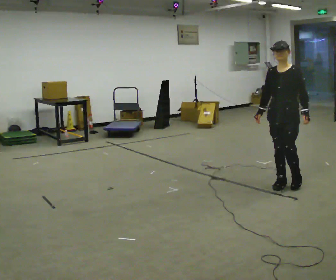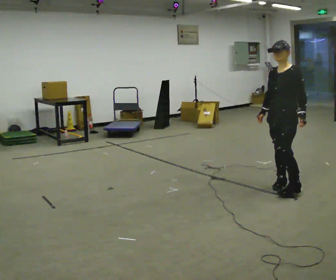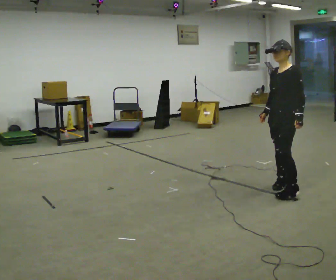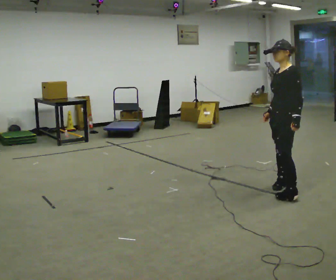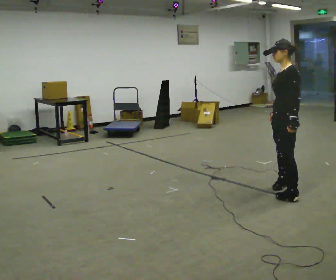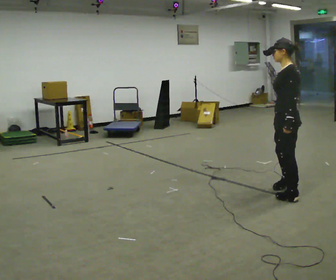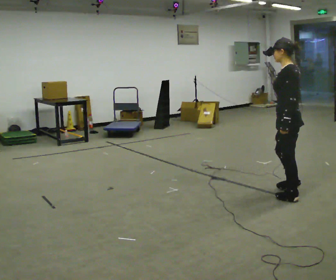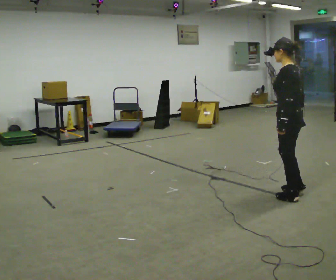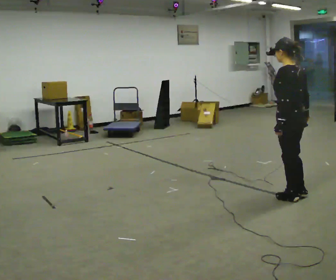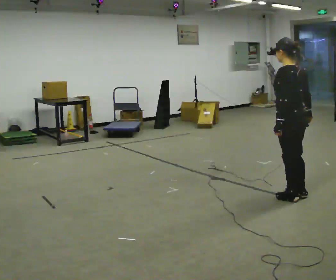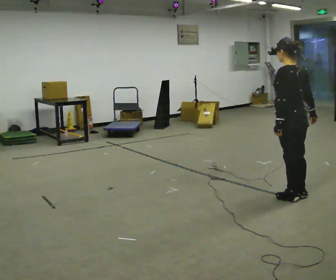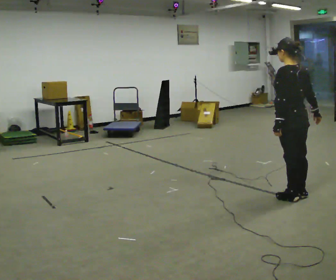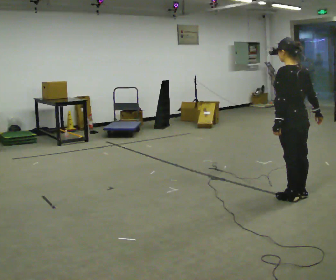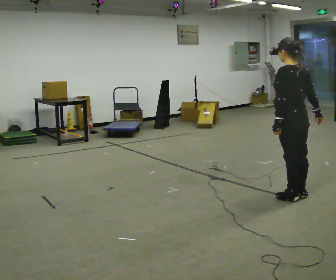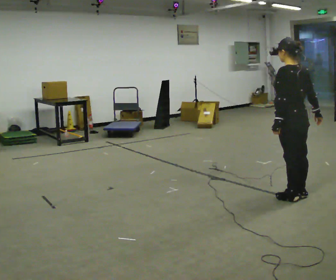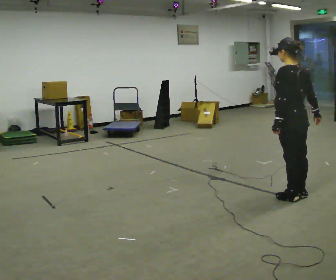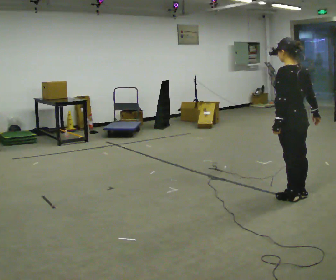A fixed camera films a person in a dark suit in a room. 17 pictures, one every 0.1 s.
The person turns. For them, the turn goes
to their right.
The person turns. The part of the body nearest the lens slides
to the left.
0.0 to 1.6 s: The part of the body nearest the lens slides to the left as the person turns to their right by about 105 degrees. In the picture they go toward the camera, about 0.25 m in 2 steps.
The film runs forward here.
